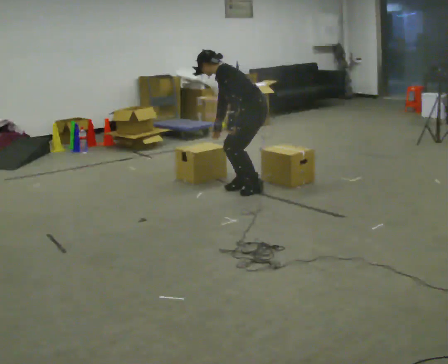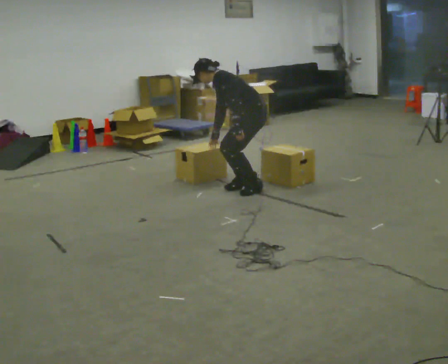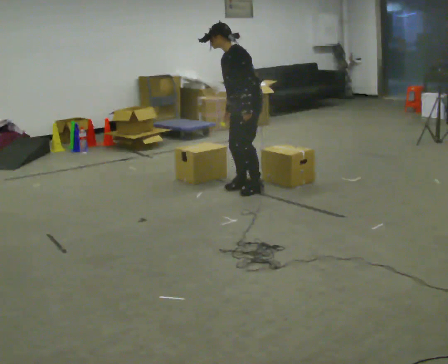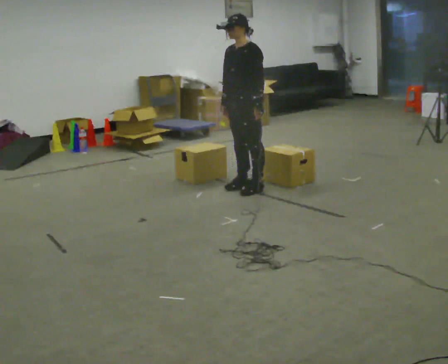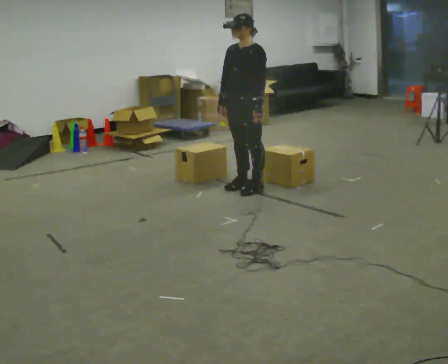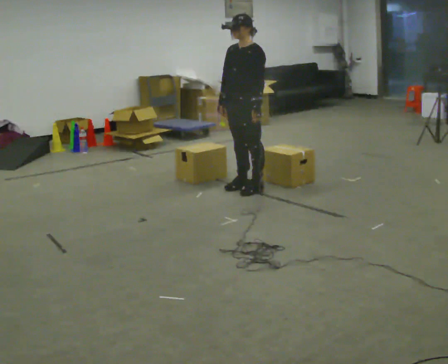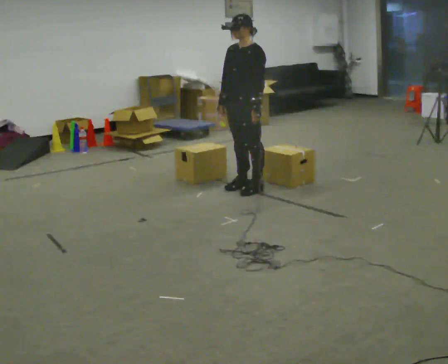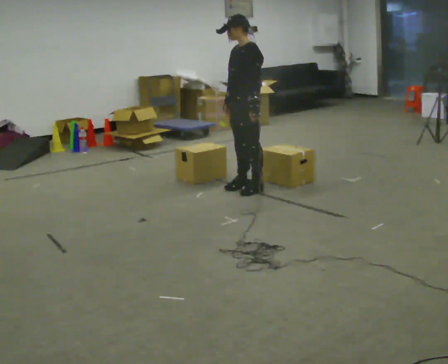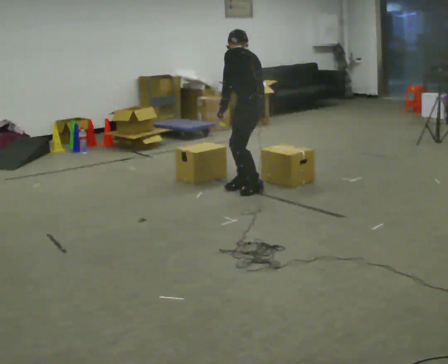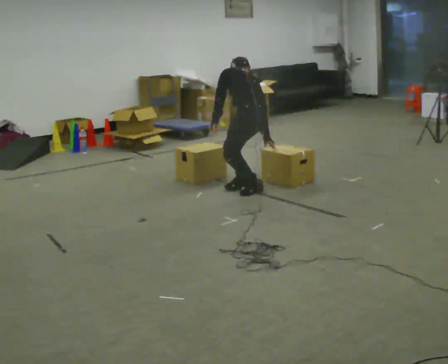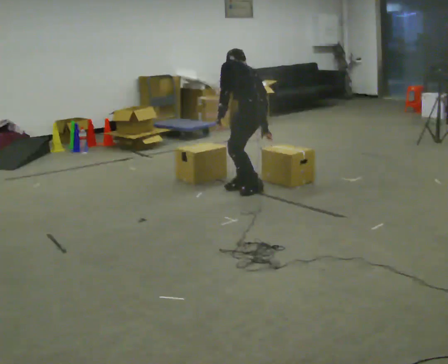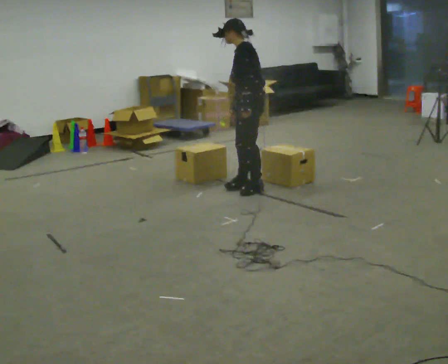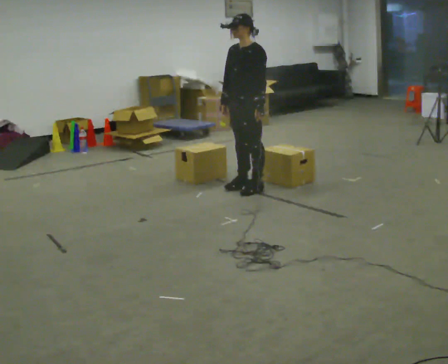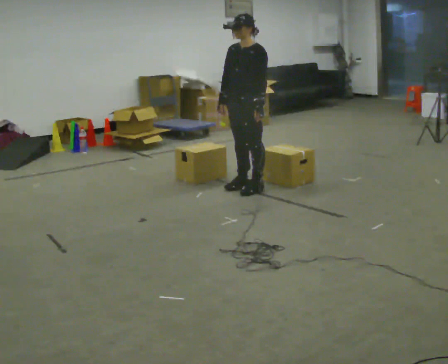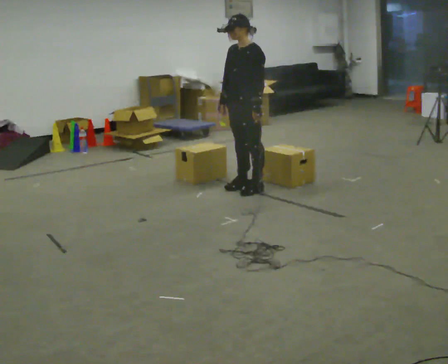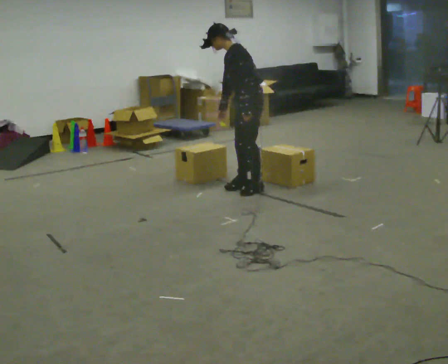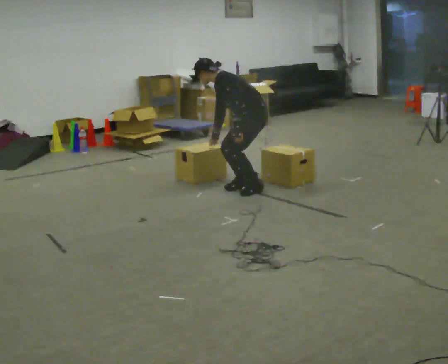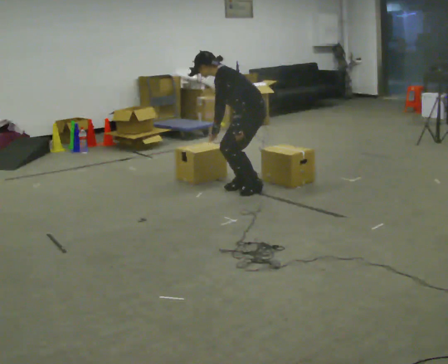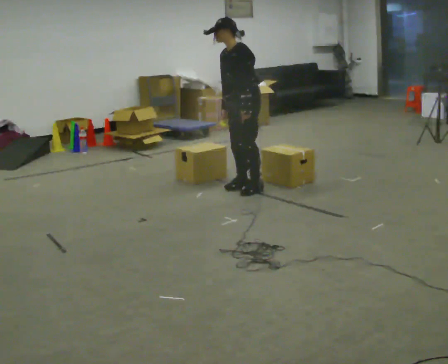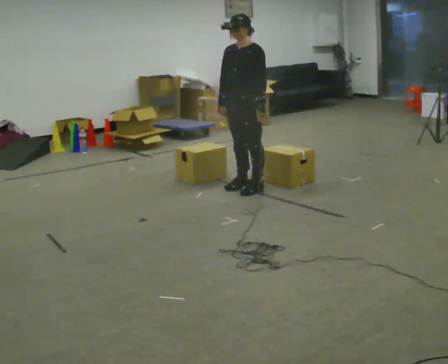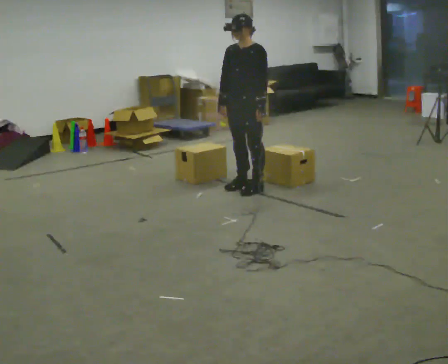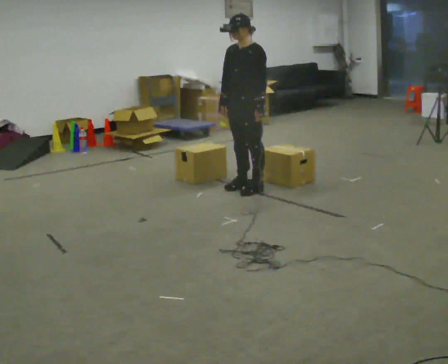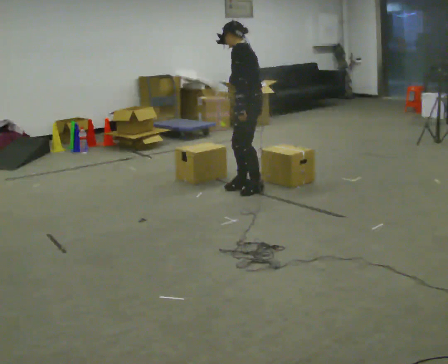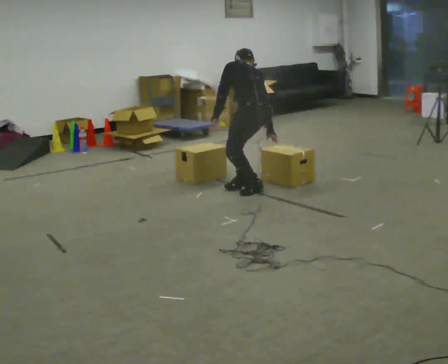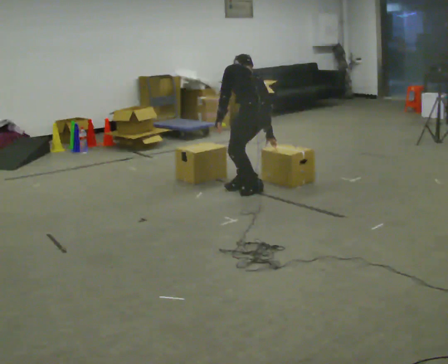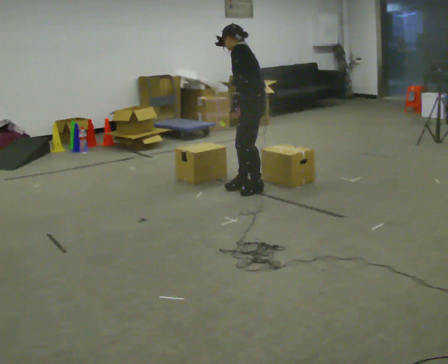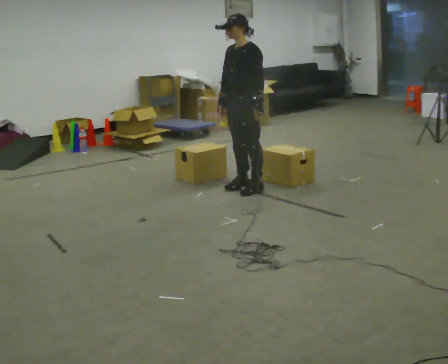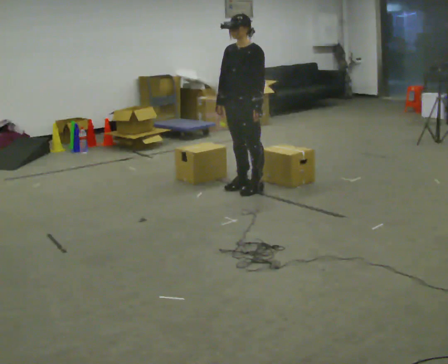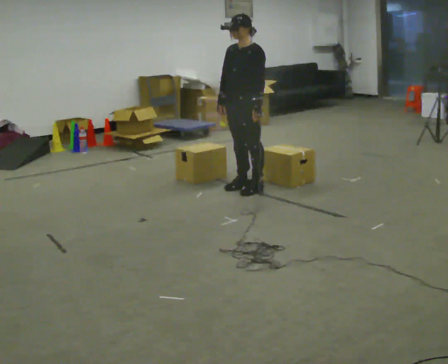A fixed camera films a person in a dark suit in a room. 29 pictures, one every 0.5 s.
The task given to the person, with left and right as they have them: Touch each numbered target to your side and behind you in the order the operator calls, without moving your feet. Keep both feet on the marked spots for the whole take. If you have to step, stop and tell the operator.
0.0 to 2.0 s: The person turns about 45 degrees to their left, counterclockwise seen from above, so the part of the body nearest the lens slides to the right. In the picture the upper body tilts clockwise, shoulders to the right, as they lean back or straighten.
2.0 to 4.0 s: The part of the body nearest the lens slides to the left as the person turns to their right by about 60 degrees. The upper body tips away from the camera, its near side rolling upward, as they bend forward. In the picture their right hand goes to the right.
4.0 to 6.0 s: The person turns about 60 degrees to their left, counterclockwise seen from above, so the part of the body nearest the lens slides to the right. In the picture their right hand goes to the left.
6.0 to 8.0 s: Seen from above the body turns clockwise, about 30 degrees: to their right, with its near side sliding to the left. The upper body goes downward. In the picture the upper body tilts counterclockwise, shoulders to the left, as they bend forward. In the picture their right hand goes downward.
8.0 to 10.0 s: The part of the body nearest the lens slides to the right as the person turns to their left by about 45 degrees. The shoulders move upward. In the picture the upper body tilts clockwise, shoulders to the right, as they lean back or straighten. In the picture their right hand goes upward.
10.0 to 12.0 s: The part of the body nearest the lens slides to the left as the person turns to their right by about 90 degrees. In the picture they go toward the camera, about 0.25 m. The upper body goes downward. The upper body tips away from the camera, its near side rolling upward, as they bend forward. In the picture their right hand goes to the right, the arm swinging counterclockwise.
12.0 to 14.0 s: The person turns about 75 degrees to their left, counterclockwise seen from above, so the part of the body nearest the lens slides to the right. In the picture they go away from the camera, about 0.25 m. The upper body goes upward. The upper body tips toward the camera, its near side rolling downward, as they lean back or straighten. In the picture their right hand goes to the left and upward, the arm swinging clockwise.
The film runs forward here.
